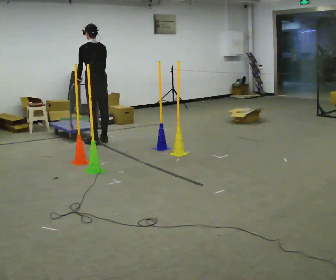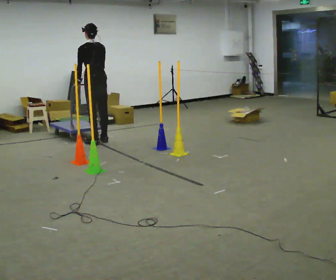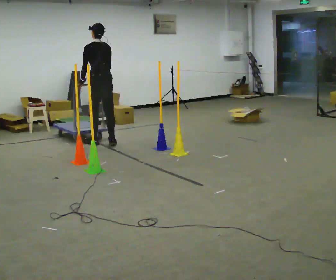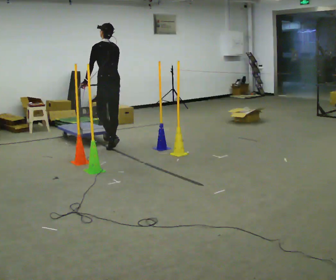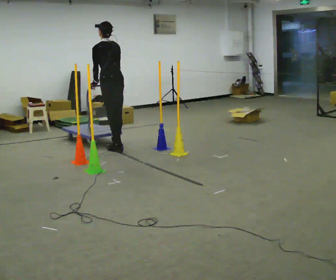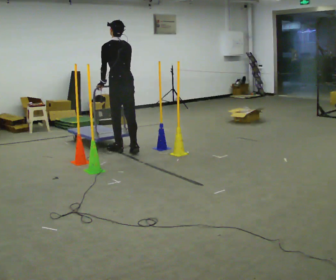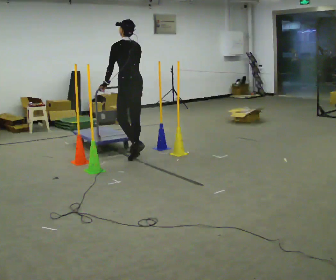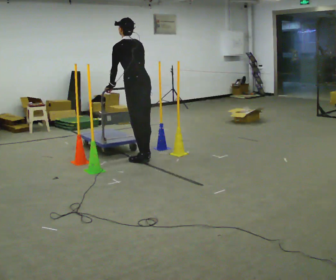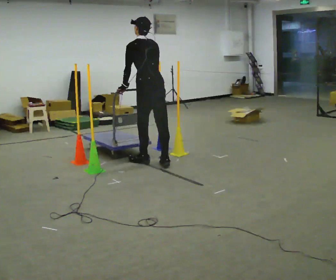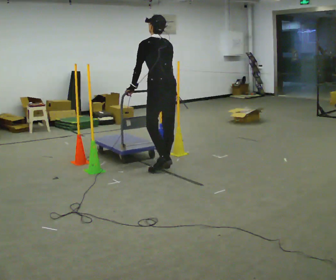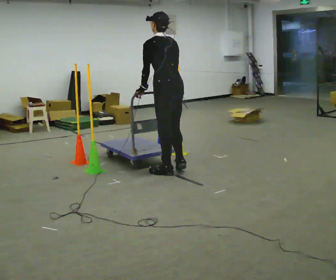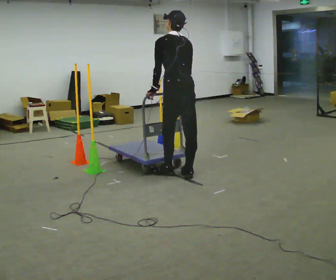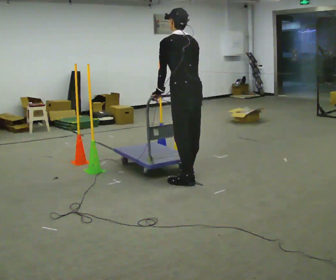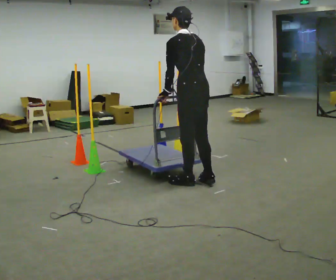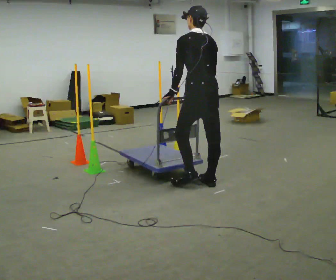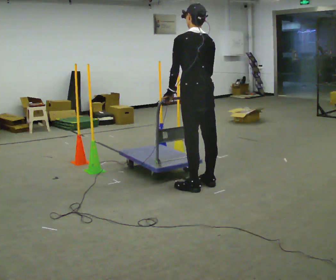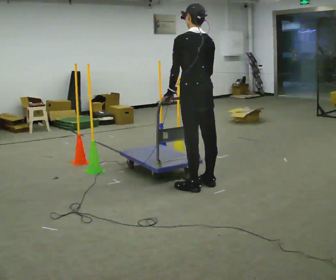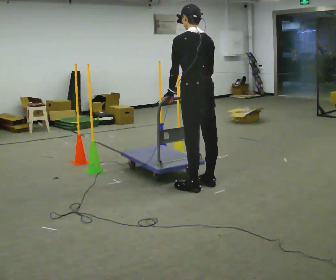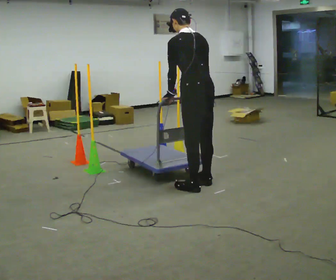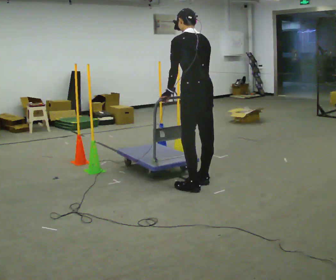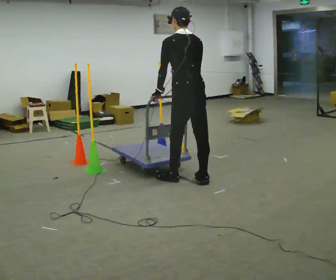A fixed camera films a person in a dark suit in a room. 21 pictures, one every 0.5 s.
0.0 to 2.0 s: In the picture they go toward the camera and to the right, about 0.5 m in 3 steps, which for them is backward.
2.0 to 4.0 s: In the picture they go toward the camera and to the right, about 1 m in 2 steps, which for them is backward.
4.0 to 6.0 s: In the picture they go toward the camera and to the right, about 1 m in 3 steps, which for them is backward.
6.0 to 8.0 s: In the picture they go toward the camera, about 0.25 m in 2 steps, which for them is backward.
8.0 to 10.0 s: The person moves a little, or ends about where they began.
The film runs backward here.
